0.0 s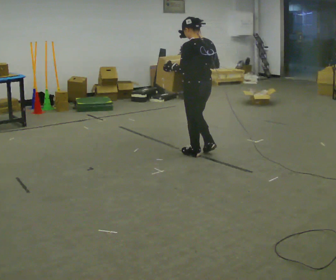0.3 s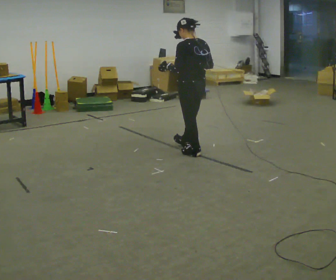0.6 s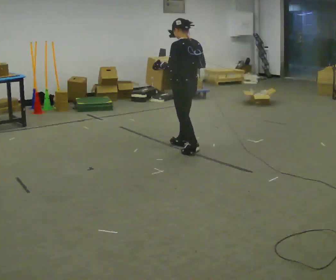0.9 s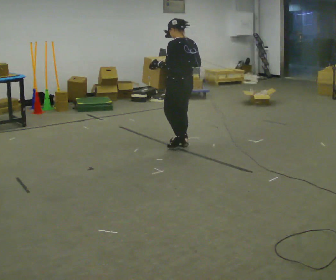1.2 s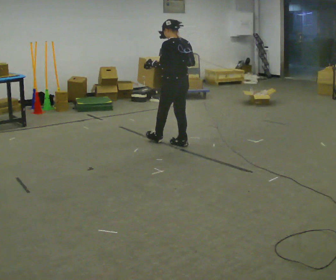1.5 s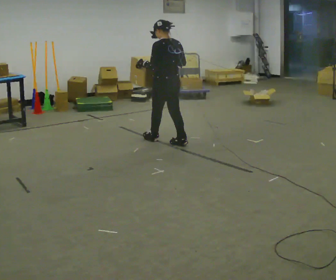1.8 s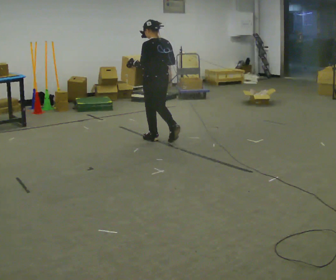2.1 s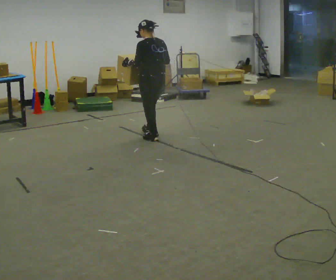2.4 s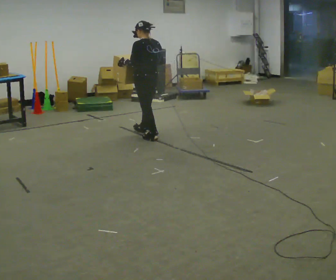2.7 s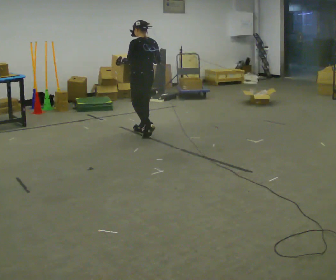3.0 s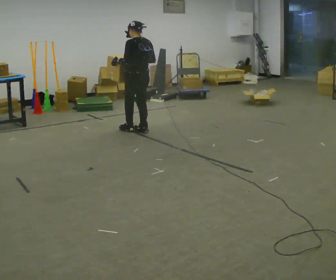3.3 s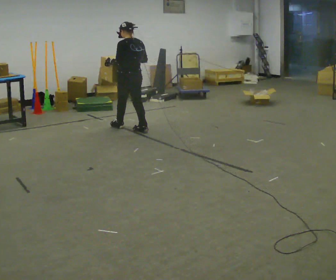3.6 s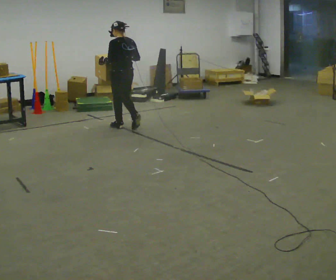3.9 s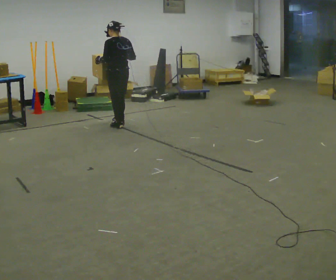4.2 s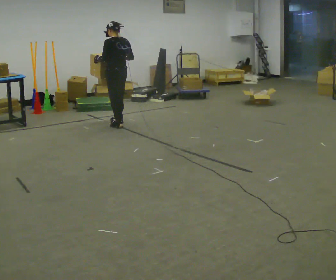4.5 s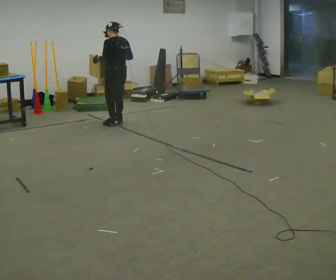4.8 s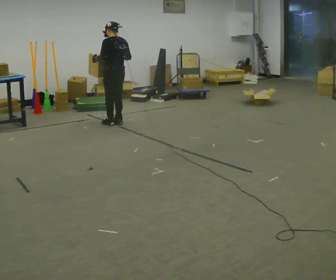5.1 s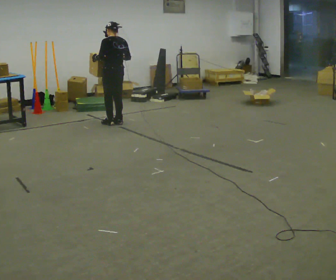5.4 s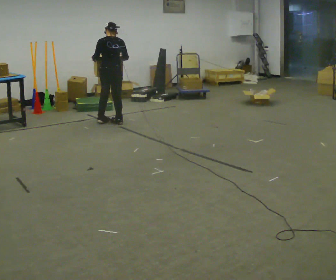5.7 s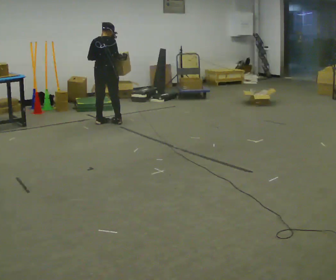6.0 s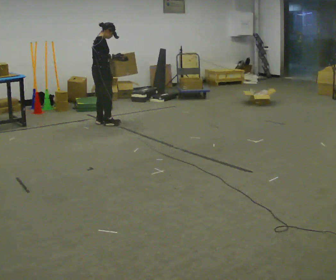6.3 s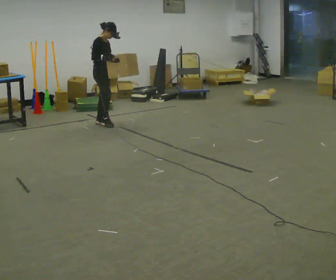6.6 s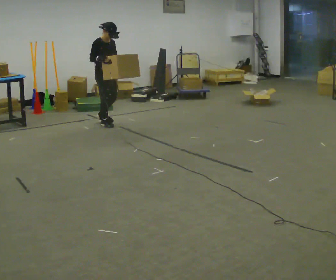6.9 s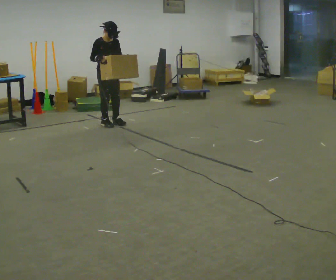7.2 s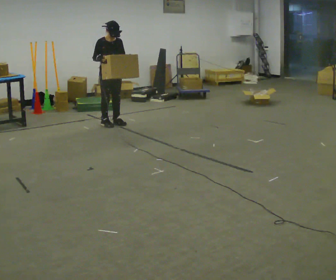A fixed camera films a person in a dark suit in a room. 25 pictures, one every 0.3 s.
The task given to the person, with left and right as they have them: Carry the box and, while you are still walking, turn it so you can read the label, read it out loud, then carry on. Repeat with the next box. Do not stop to read it.
0.0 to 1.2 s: In the picture they go away from the camera, about 0.5 m in 1 step, which for them is forward.
1.2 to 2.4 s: In the picture they go away from the camera and to the left, about 0.5 m in 2 steps, which for them is forward.
2.4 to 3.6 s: In the picture they go away from the camera and to the left, about 0.5 m in 1 step, which for them is forward.
3.6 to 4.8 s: In the picture they go away from the camera, about 0.25 m in 2 steps, which for them is forward.
4.8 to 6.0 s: Seen from above the body turns clockwise, about 105 degrees: to their right, with its near side sliding to the left. In the picture they go to the left, about 0.25 m in 1 step.
6.0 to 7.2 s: Seen from above the body turns clockwise, about 75 degrees: to their right, with its near side sliding to the left.
The film runs forward here.
